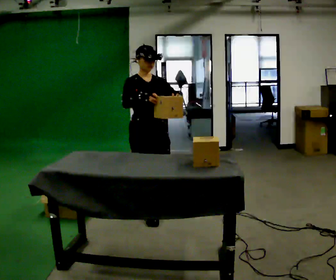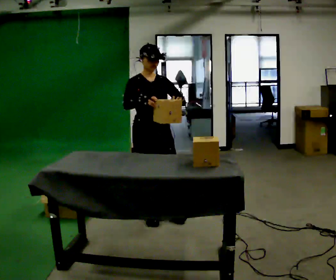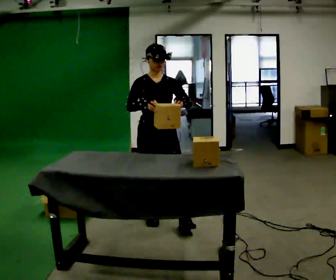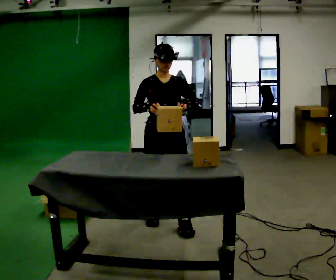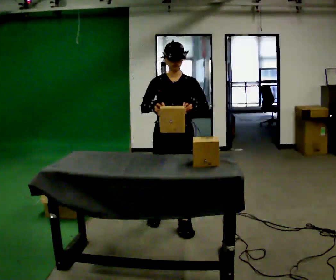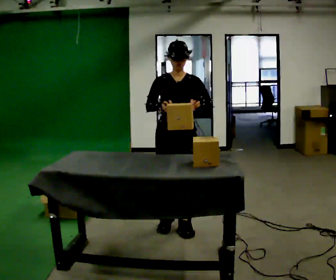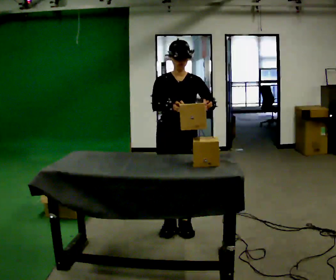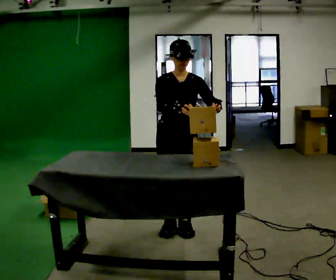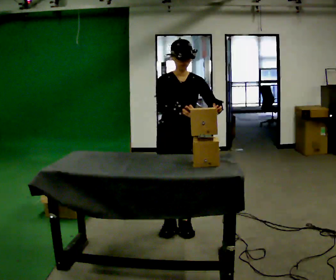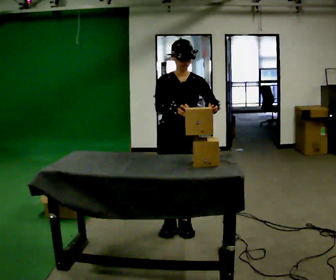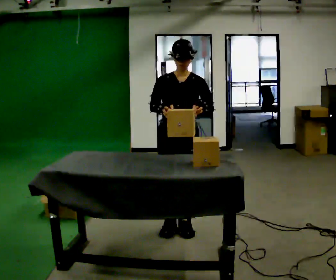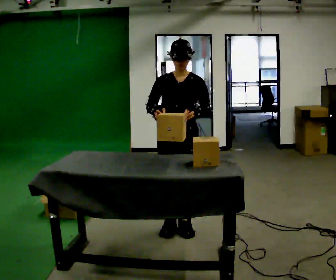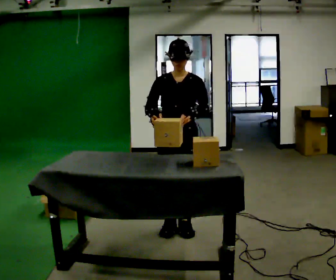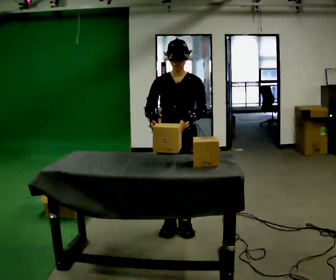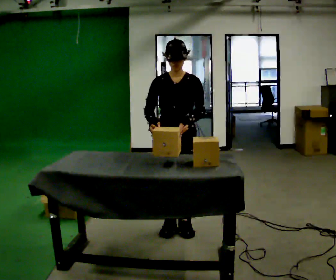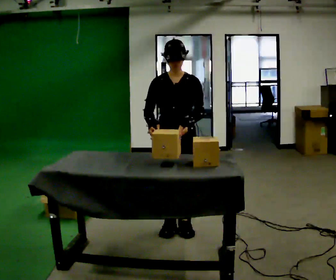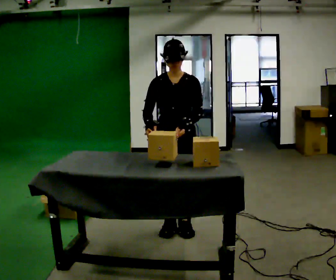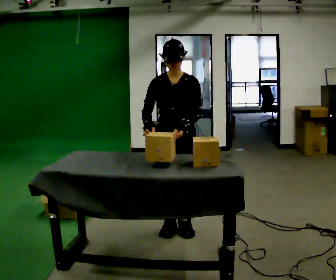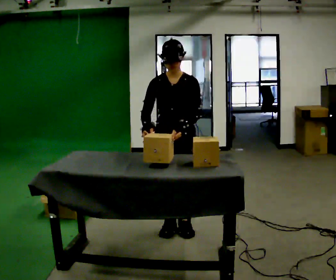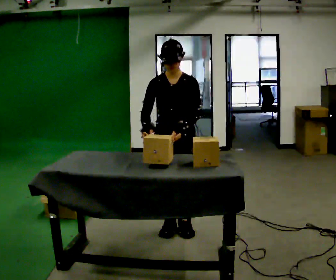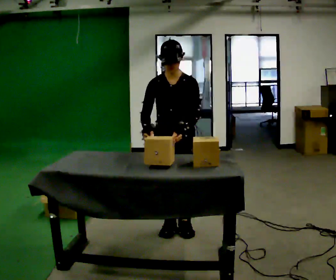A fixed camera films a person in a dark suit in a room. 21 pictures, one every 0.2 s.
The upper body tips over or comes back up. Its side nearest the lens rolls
downward.
0.0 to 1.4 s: Seen from above the body turns clockwise, about 30 degrees: to their right, with its near side sliding to the left. In the picture they go to the right and toward the camera, about 0.5 m in 2 steps, which for them is forward and to their left.
1.4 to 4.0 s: The person moves a little, or ends about where they began.
The film runs forward here.
